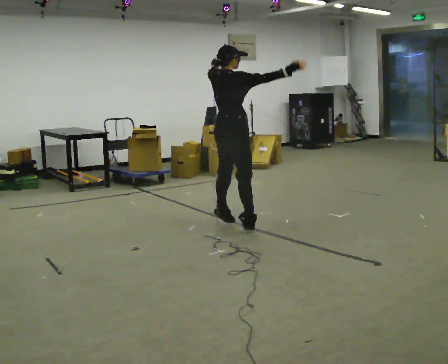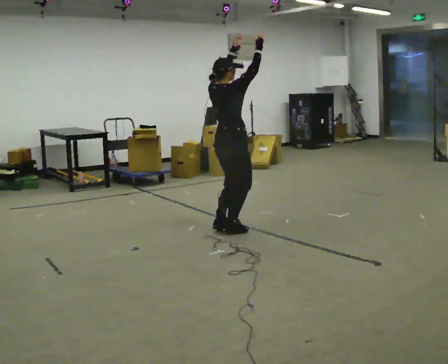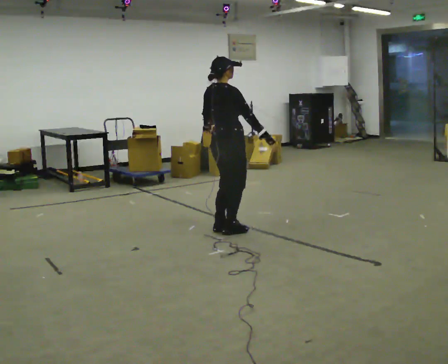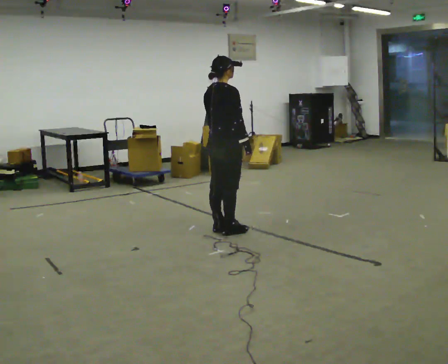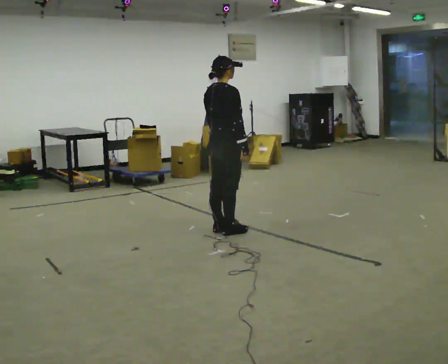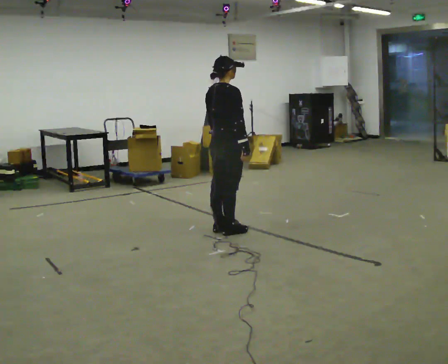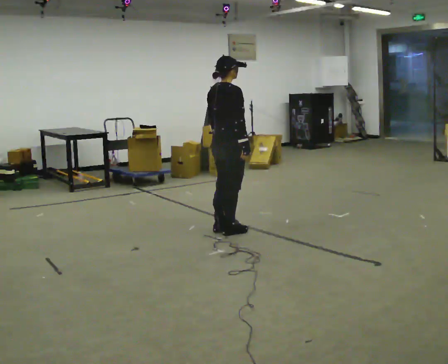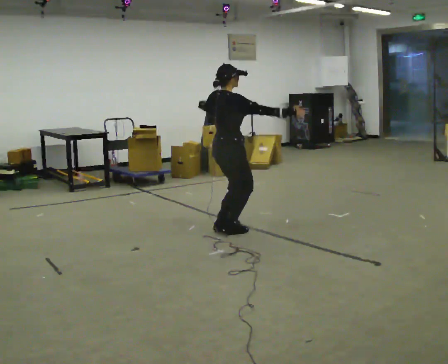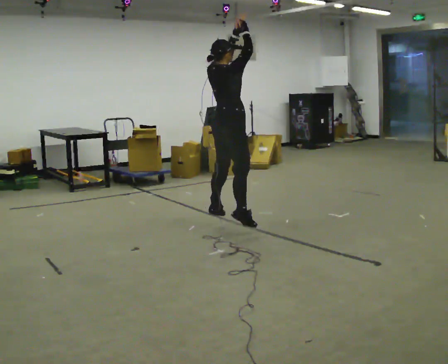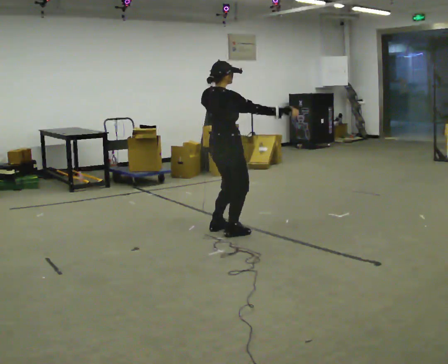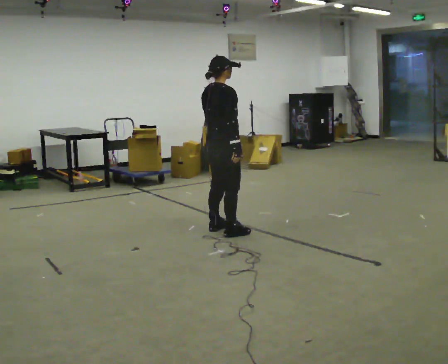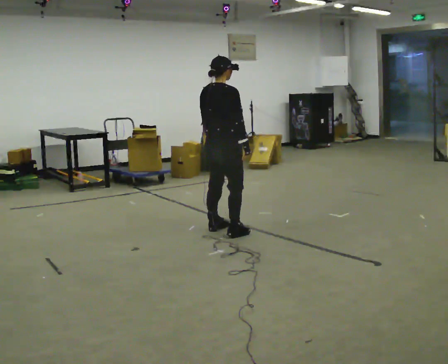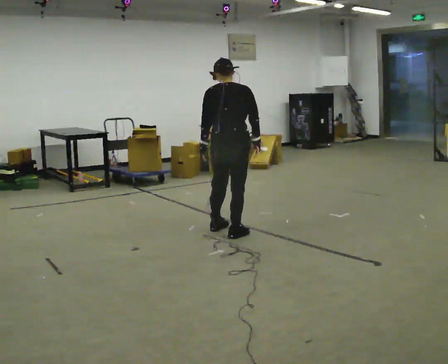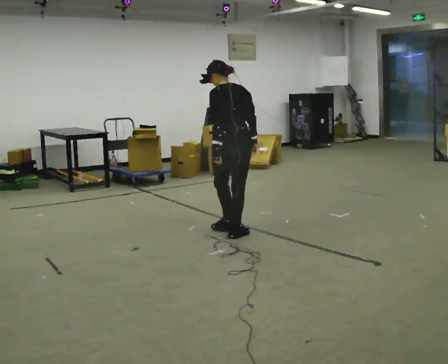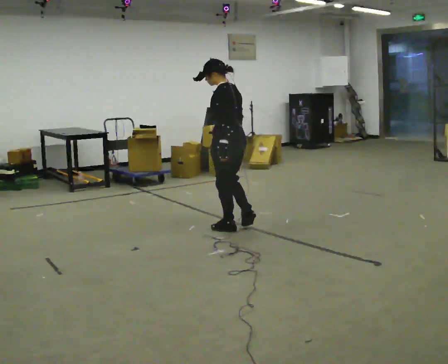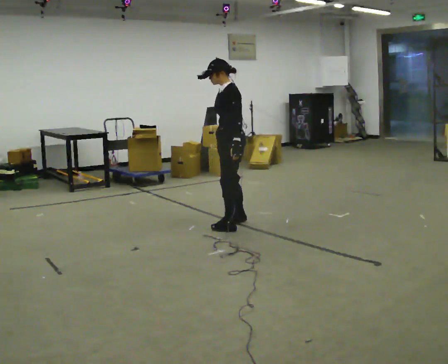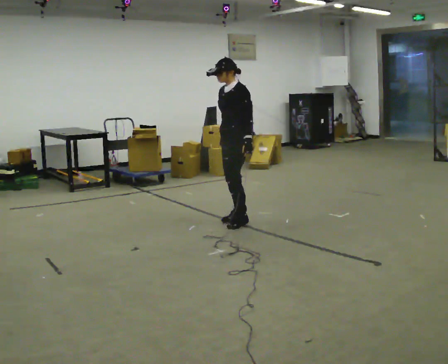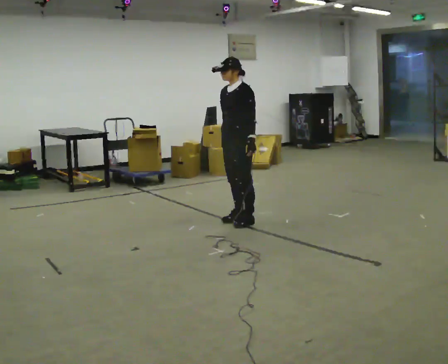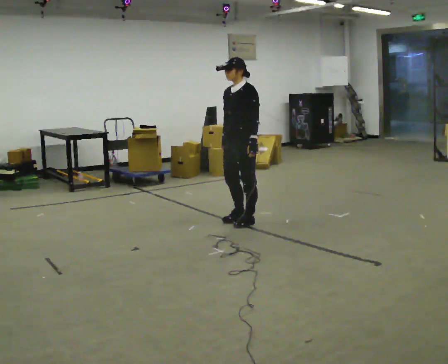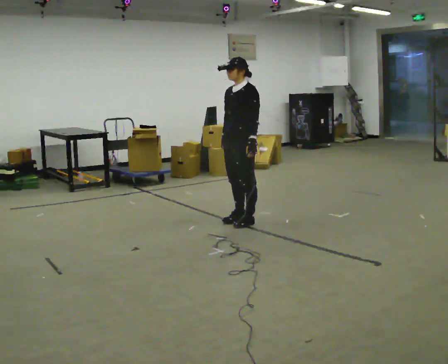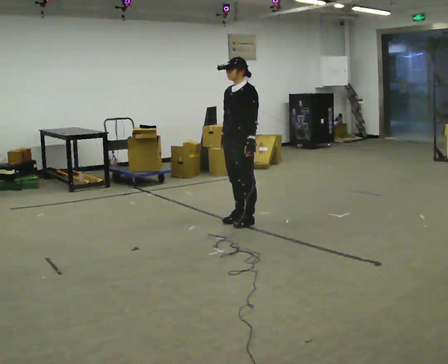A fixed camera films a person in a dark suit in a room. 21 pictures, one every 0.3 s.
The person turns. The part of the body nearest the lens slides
to the right.
The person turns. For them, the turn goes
to their left.
0.0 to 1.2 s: In the picture their right hand goes downward and to the left.
1.2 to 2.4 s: In the picture their right hand goes upward, the arm swinging counterclockwise.
2.4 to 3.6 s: The person turns about 45 degrees to their left, counterclockwise seen from above, so the part of the body nearest the lens slides to the right. In the picture their left hand goes downward.
3.6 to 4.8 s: The person turns about 120 degrees to their left, counterclockwise seen from above, so the part of the body nearest the lens slides to the right. In the picture they go away from the camera, about 0.5 m in 1 step.
4.8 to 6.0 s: The person moves a little, or ends about where they began.
The film runs forward here.
